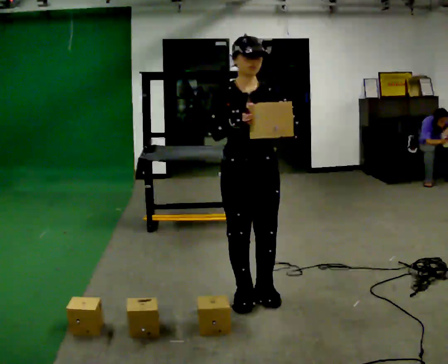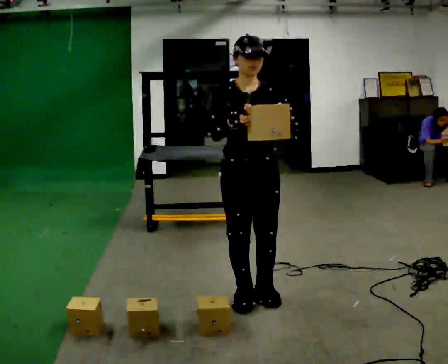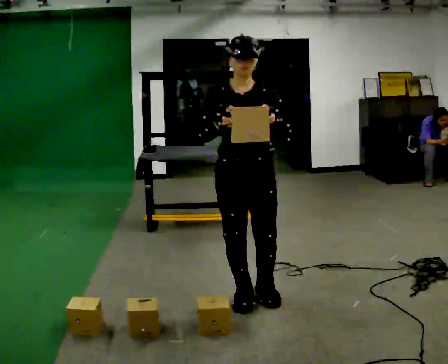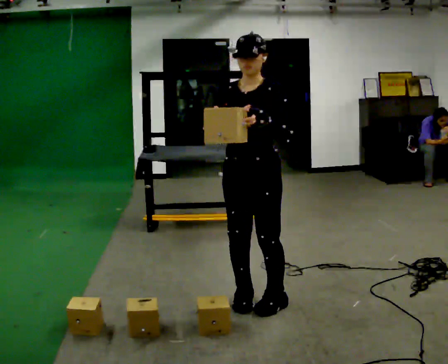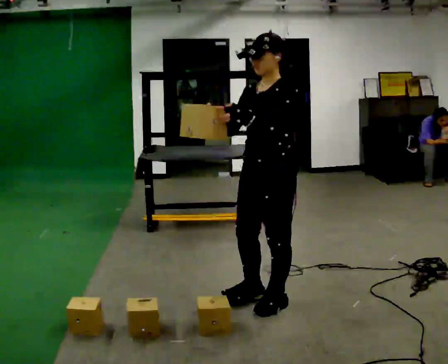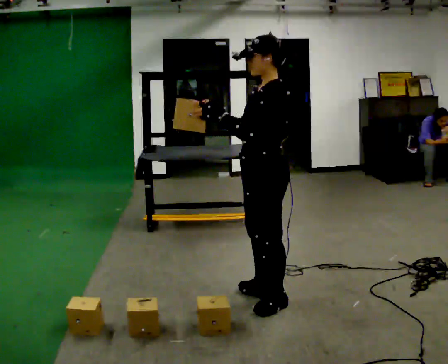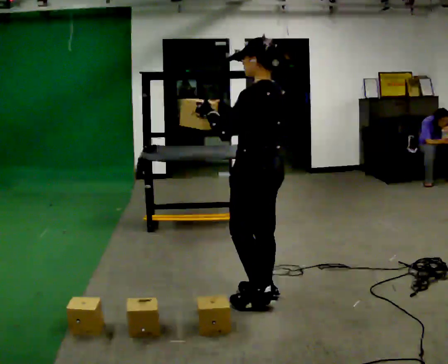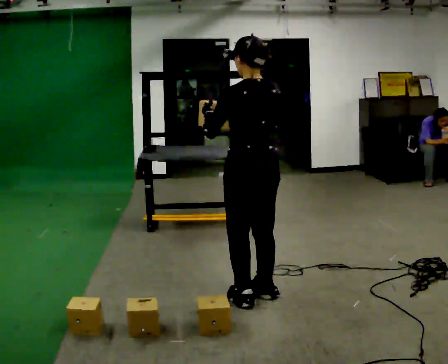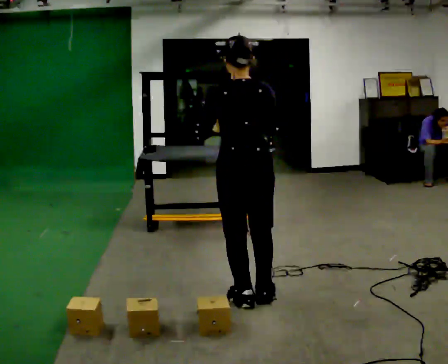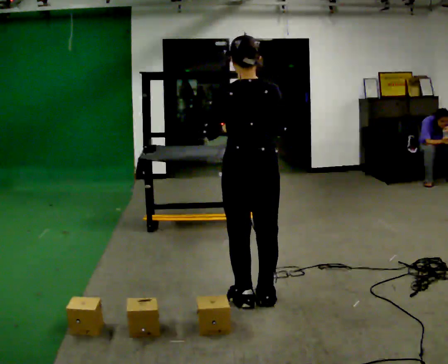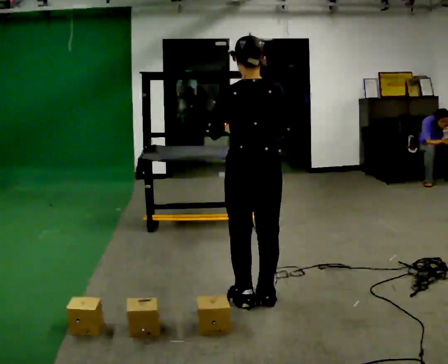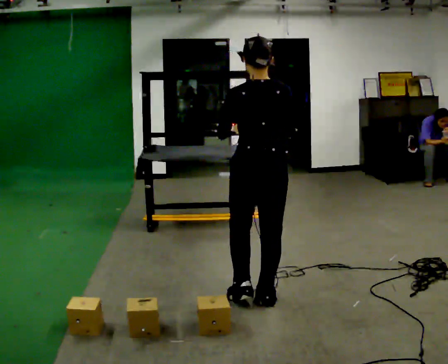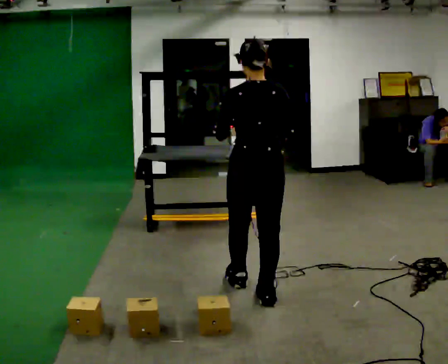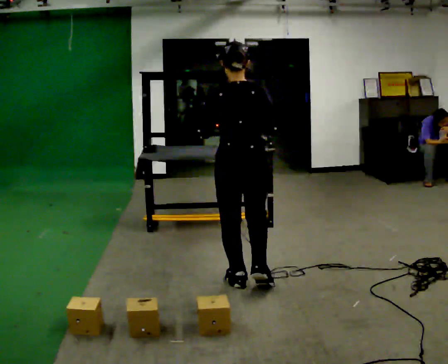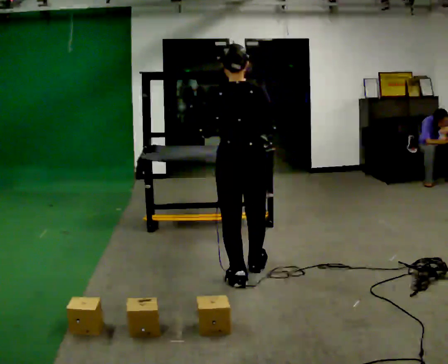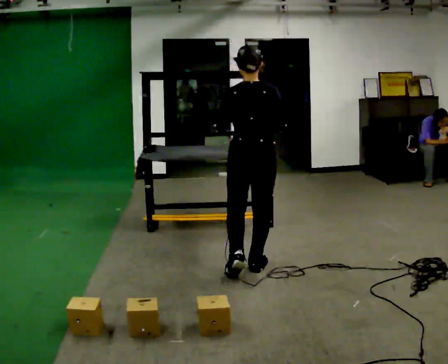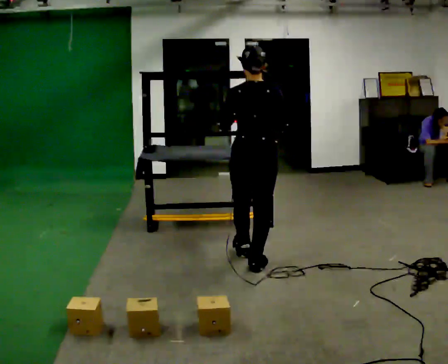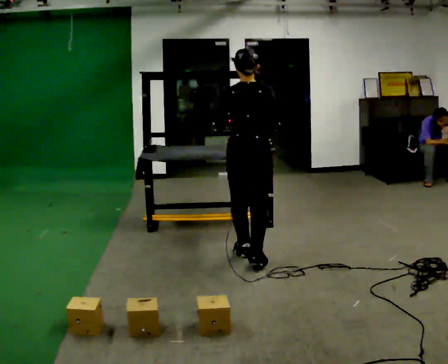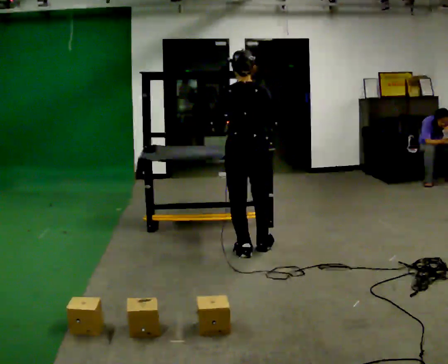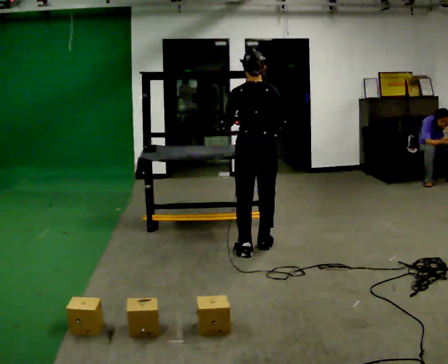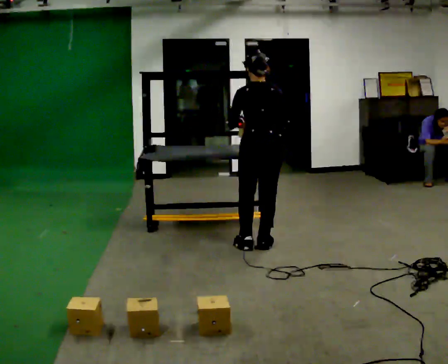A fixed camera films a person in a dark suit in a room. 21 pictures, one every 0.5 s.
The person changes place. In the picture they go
away from the camera.
The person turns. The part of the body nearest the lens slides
to the left.
0.0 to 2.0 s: The person turns about 60 degrees to their right, clockwise seen from above, so the part of the body nearest the lens slides to the left.
2.0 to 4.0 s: The person turns about 120 degrees to their right, clockwise seen from above, so the part of the body nearest the lens slides to the left.
4.0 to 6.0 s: The person moves a little, or ends about where they began.
6.0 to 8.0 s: In the picture they go away from the camera, about 0.5 m in 2 steps, which for them is forward.
8.0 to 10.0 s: In the picture they go away from the camera, about 0.5 m in 2 steps, which for them is forward.
The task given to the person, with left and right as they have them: 1. The operator will tell you the shelf is already sorted and just needs moving to the table. 2. Do what you think is right. 3. Tell the operator when you are finished.
The film runs forward here.
